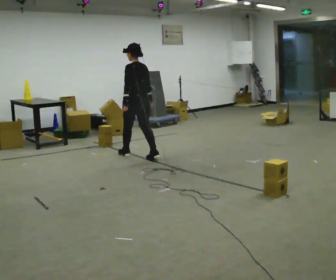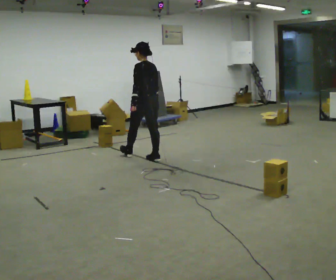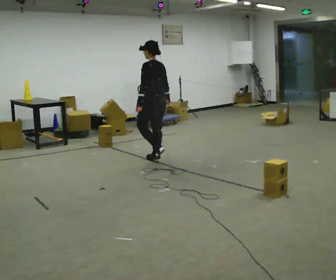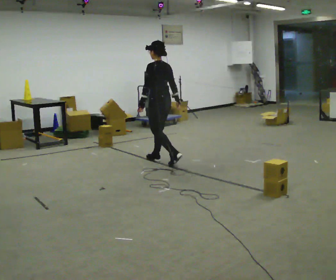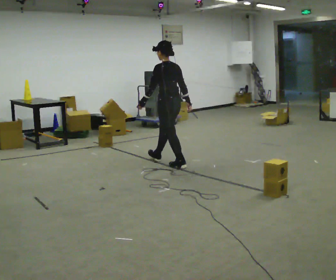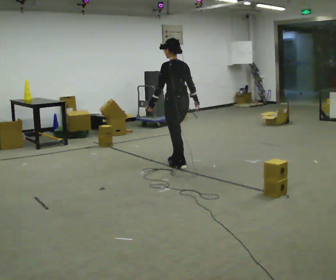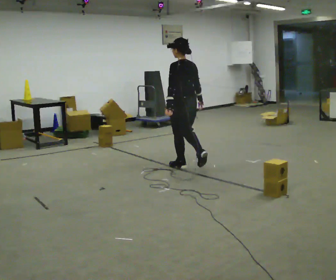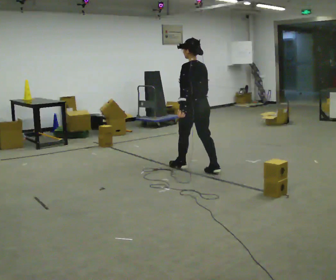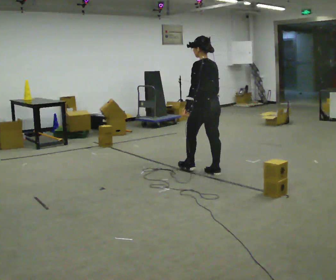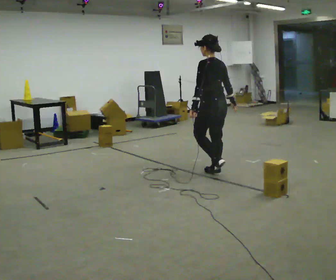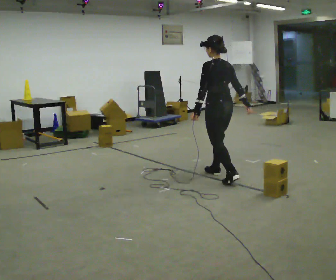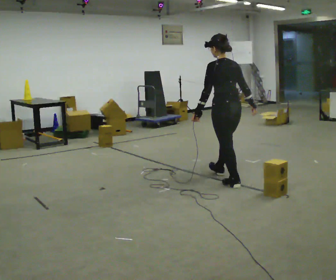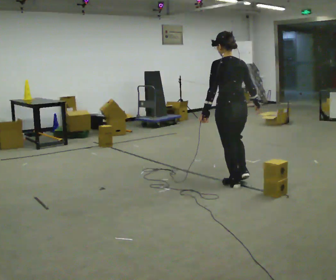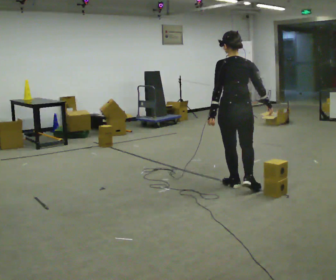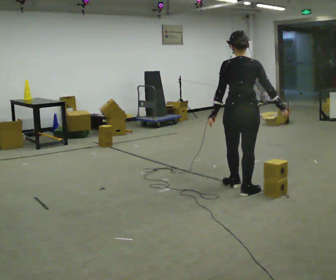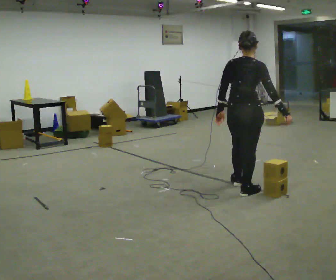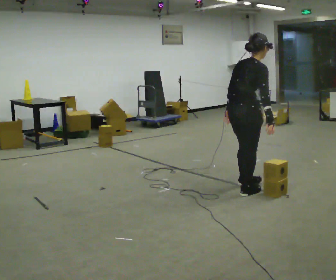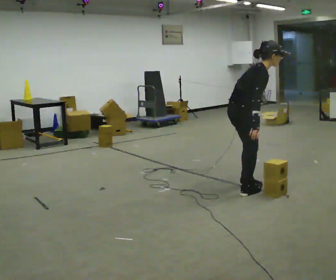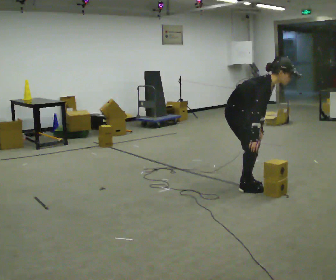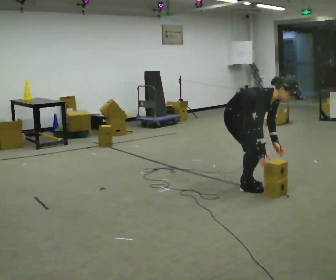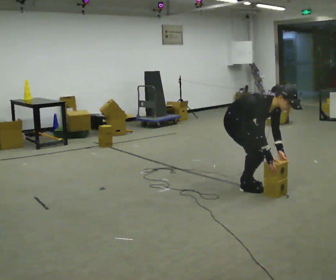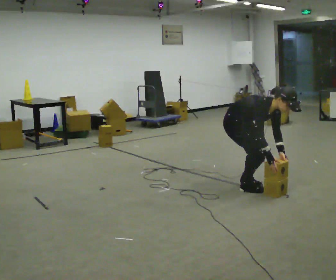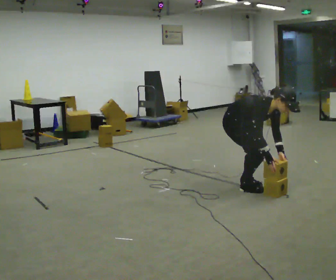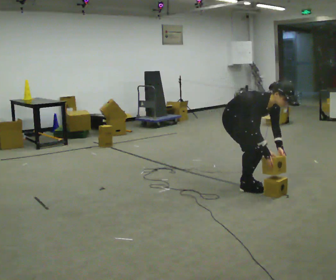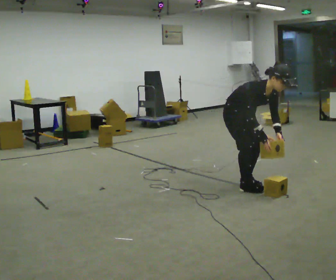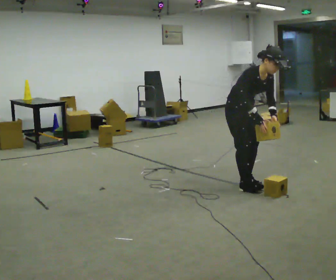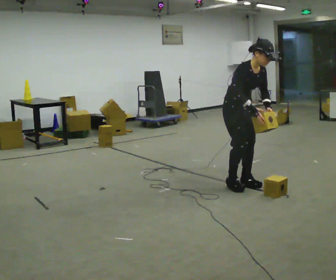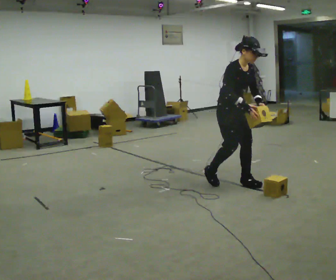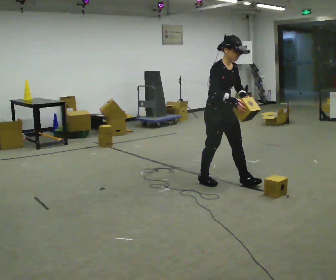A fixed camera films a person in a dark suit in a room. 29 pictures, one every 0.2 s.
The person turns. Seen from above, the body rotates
clockwise.
The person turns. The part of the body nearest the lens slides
to the left.
0.0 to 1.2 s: In the picture they go to the right and toward the camera, about 1 m in 2 steps, which for them is backward.
1.2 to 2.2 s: In the picture they go toward the camera and to the right, about 1 m in 2 steps, which for them is backward.
2.2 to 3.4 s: The person turns about 120 degrees to their right, clockwise seen from above, so the part of the body nearest the lens slides to the left. In the picture they go toward the camera, about 0.25 m. In the picture the upper body tilts clockwise, shoulders to the right, as they bend forward.
3.4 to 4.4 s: Seen from above the body turns clockwise, about 45 degrees: to their right, with its near side sliding to the left. In the picture they go away from the camera, about 0.25 m, which for them is backward. The shoulders move downward. The upper body tips toward the camera, its near side rolling downward, as they bend forward. In the picture their left hand goes downward and to the right.
4.4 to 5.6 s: In the picture they go to the left, about 0.25 m in 1 step, which for them is backward. The upper body goes upward. In the picture the upper body tilts counterclockwise, shoulders to the left, as they lean back or straighten. In the picture their right hand goes upward and to the left.
The film runs backward here.
